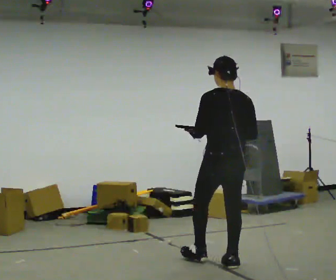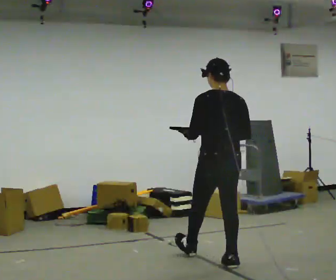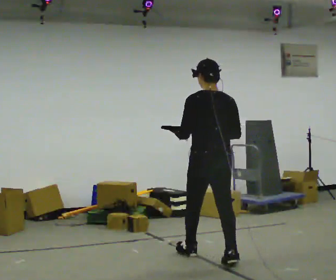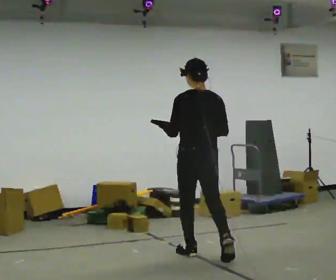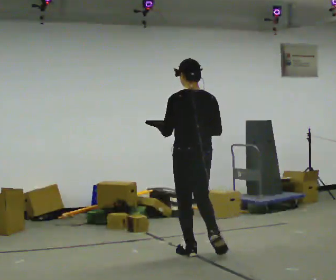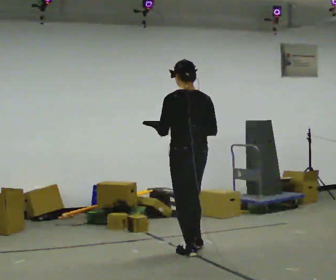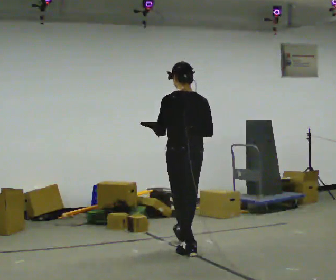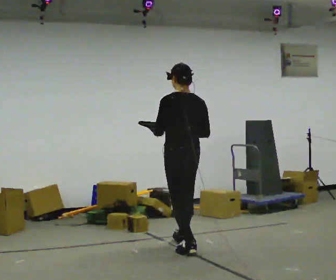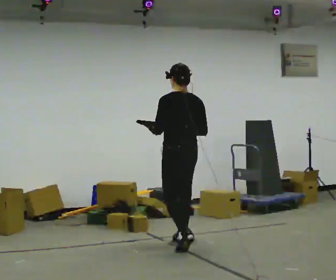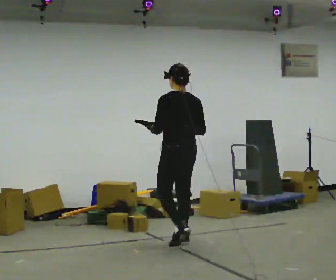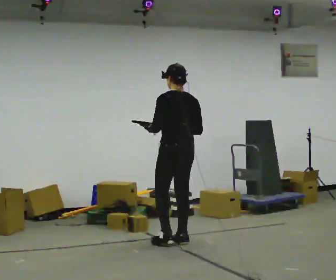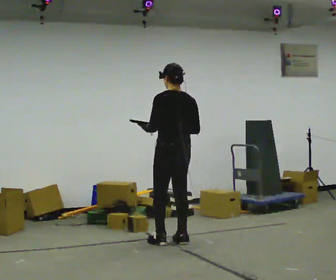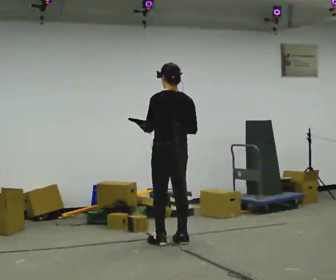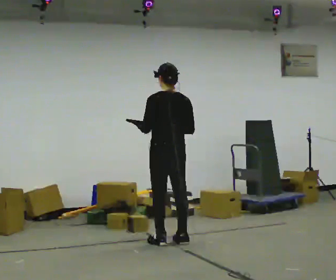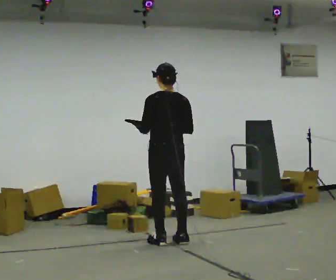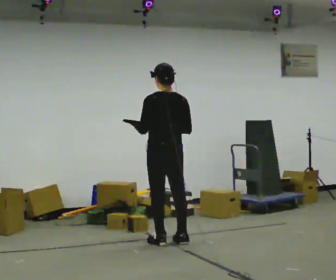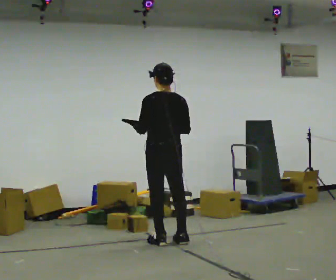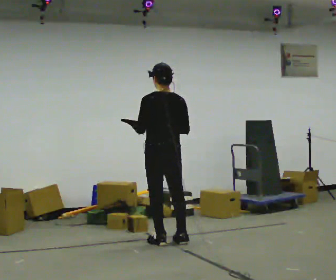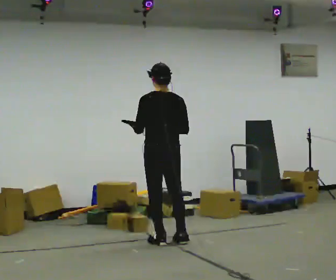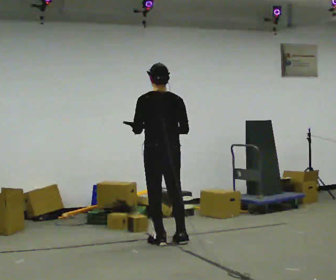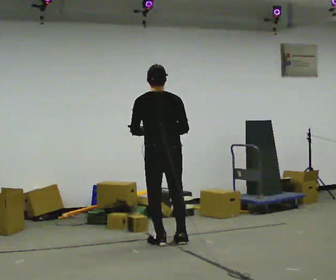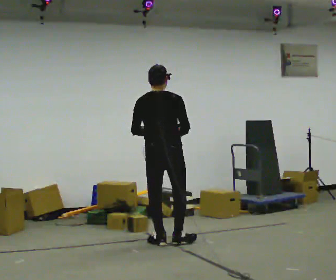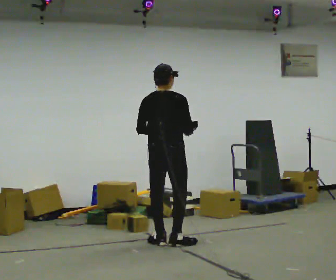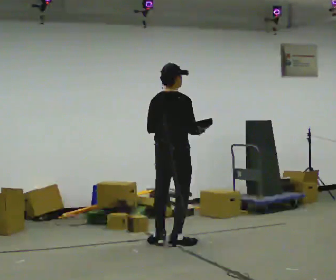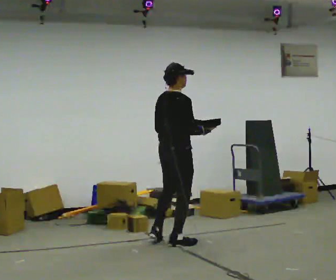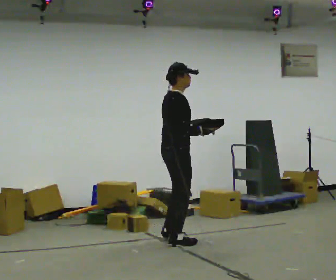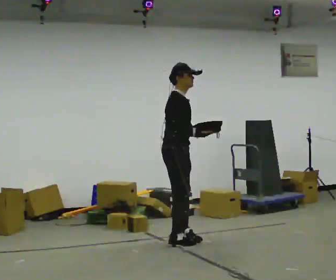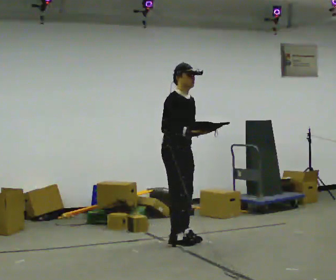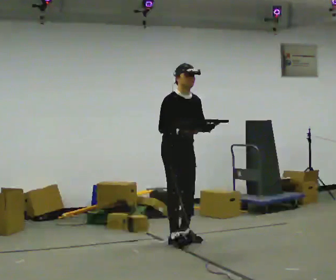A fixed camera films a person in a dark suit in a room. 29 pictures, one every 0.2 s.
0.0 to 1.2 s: In the picture they go away from the camera and to the left, about 0.75 m in 1 step, which for them is forward.
1.2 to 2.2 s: In the picture they go away from the camera, about 0.5 m in 2 steps, which for them is forward.
2.2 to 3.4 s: The person moves a little, or ends about where they began.
3.4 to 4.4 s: Seen from above the body turns clockwise, about 45 degrees: to their right, with its near side sliding to the left.
4.4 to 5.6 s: Seen from above the body turns clockwise, about 120 degrees: to their right, with its near side sliding to the left. In the picture they go away from the camera, about 0.25 m in 1 step. In the picture their left hand goes to the right.
The film runs forward here.
